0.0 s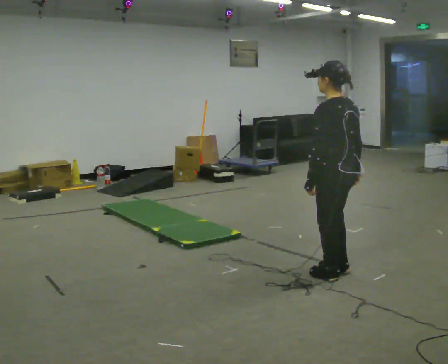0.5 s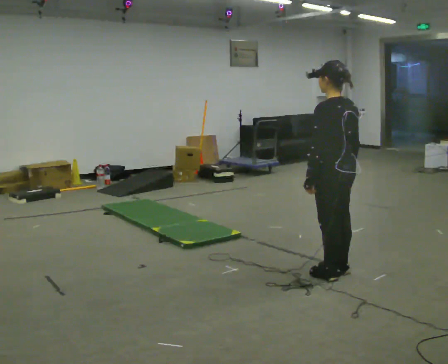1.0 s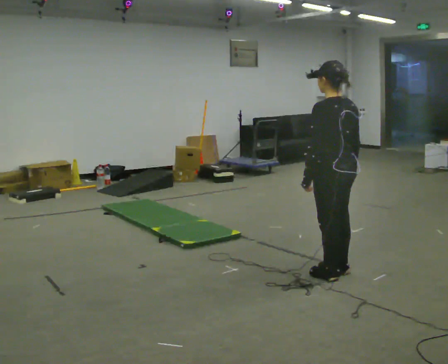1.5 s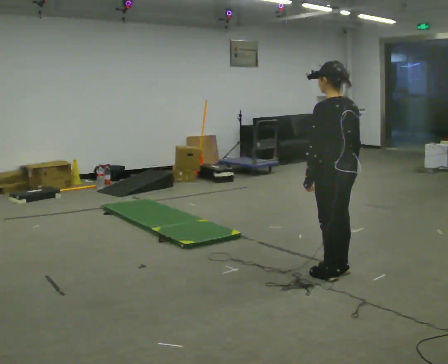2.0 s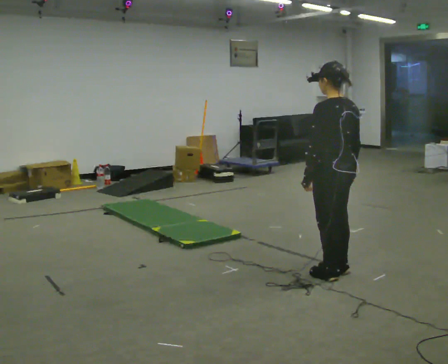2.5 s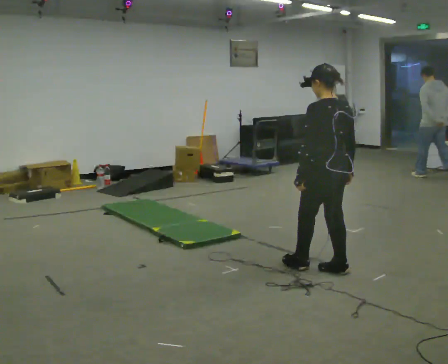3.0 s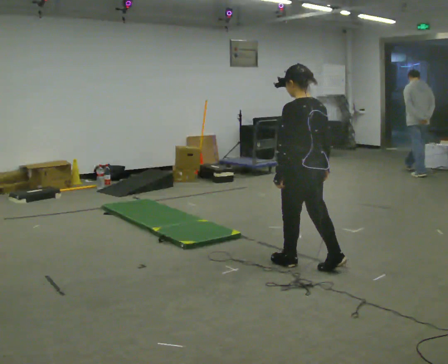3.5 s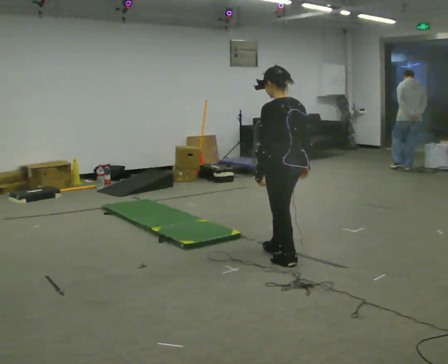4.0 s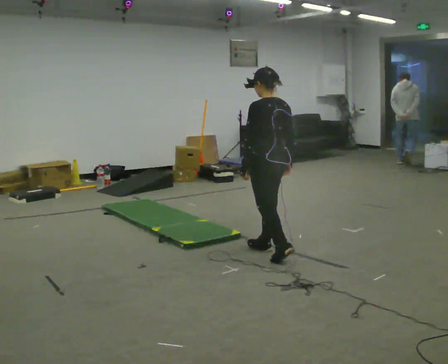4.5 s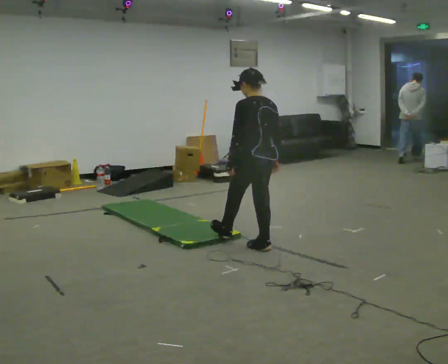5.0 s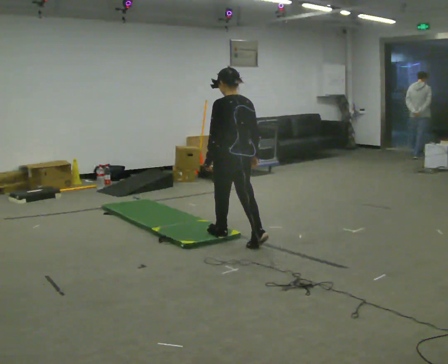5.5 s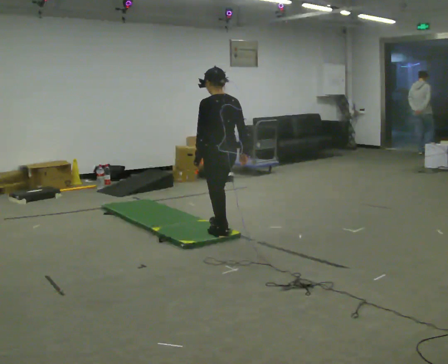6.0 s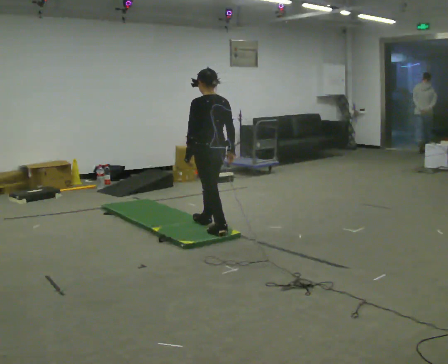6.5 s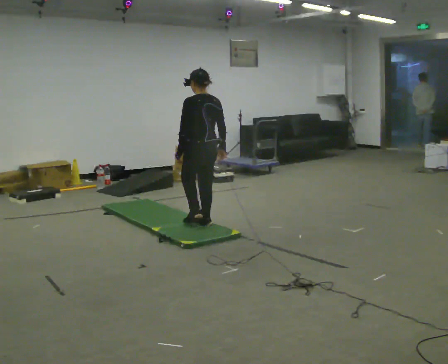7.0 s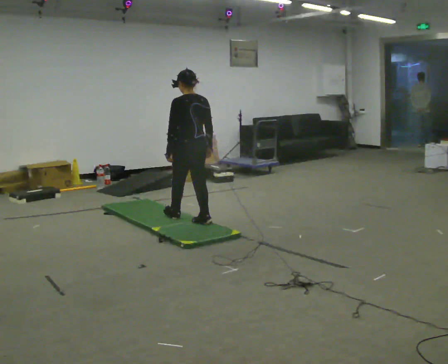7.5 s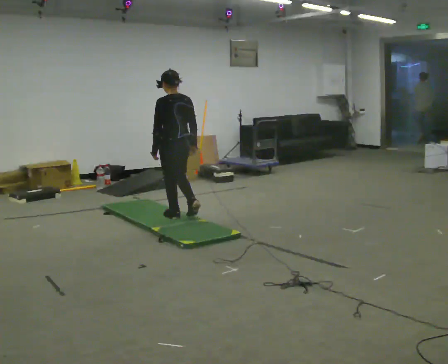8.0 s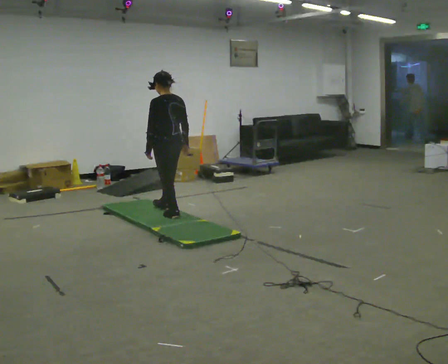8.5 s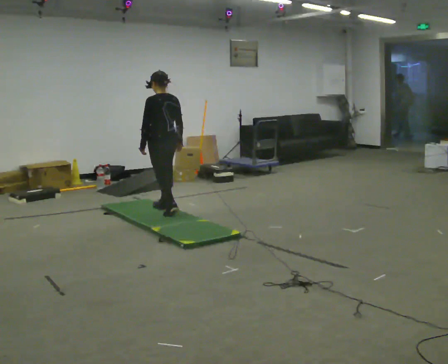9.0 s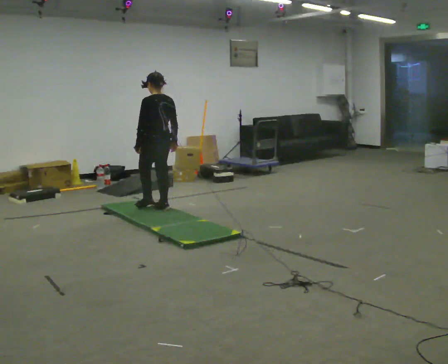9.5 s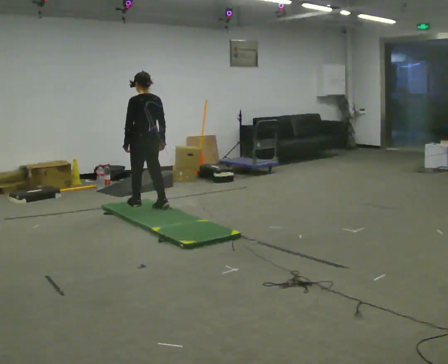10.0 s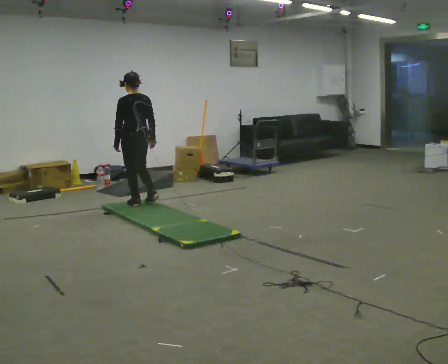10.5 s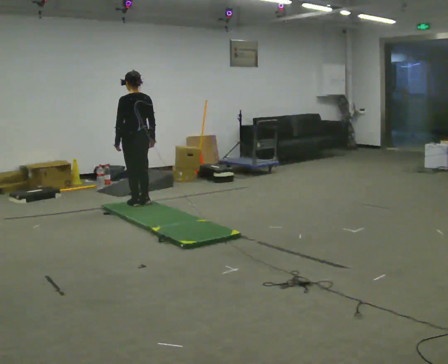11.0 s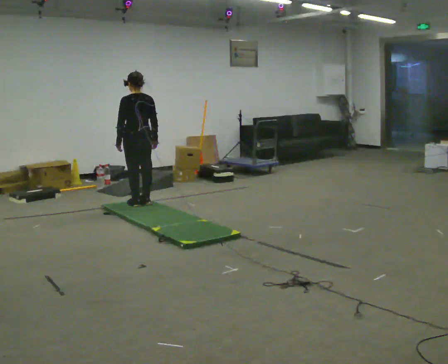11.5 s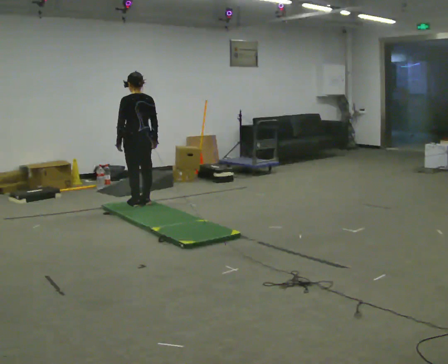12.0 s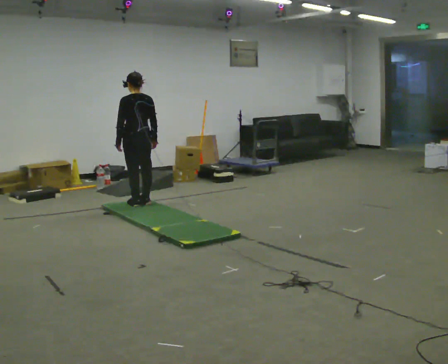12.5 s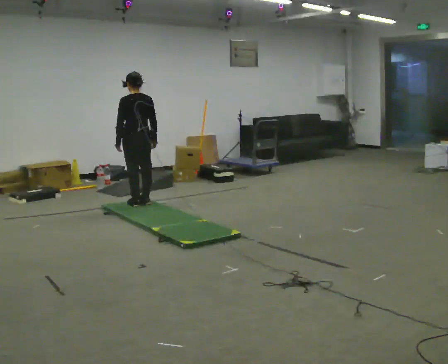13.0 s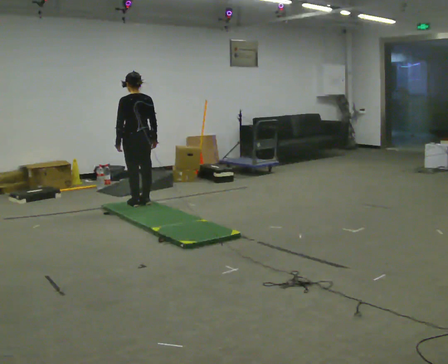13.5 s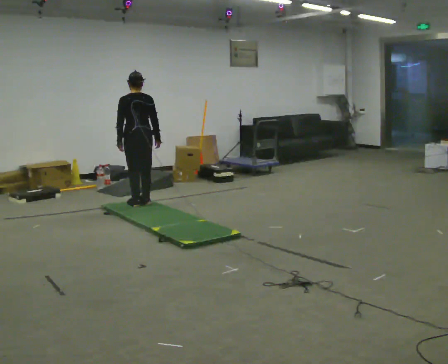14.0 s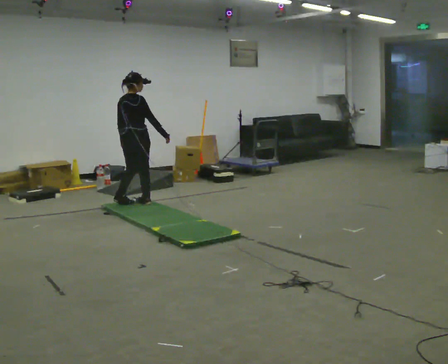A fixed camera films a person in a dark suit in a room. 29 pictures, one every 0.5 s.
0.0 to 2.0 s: The person moves a little, or ends about where they began.
2.0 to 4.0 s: In the picture they go away from the camera and to the left, about 0.75 m in 2 steps, which for them is forward.
4.0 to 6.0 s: In the picture they go away from the camera and to the left, about 1 m in 2 steps, which for them is forward.
6.0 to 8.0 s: In the picture they go away from the camera and to the left, about 0.75 m in 2 steps, which for them is forward.
8.0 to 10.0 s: In the picture they go away from the camera and to the left, about 0.5 m in 1 step, which for them is forward.
10.0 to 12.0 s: The person moves a little, or ends about where they began.
12.0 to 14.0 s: Seen from above the body turns clockwise, about 60 degrees: to their right, with its near side sliding to the left.
The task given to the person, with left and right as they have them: Walk across the soft uneven mat at a comfortable speed; continue walking normally after you leave it.
The film runs forward here.
